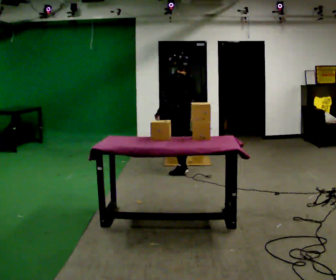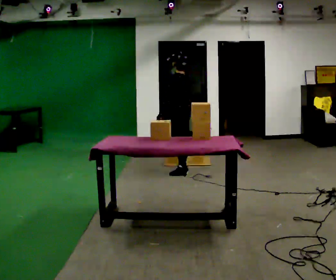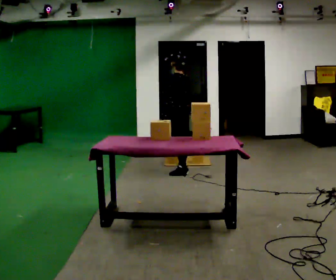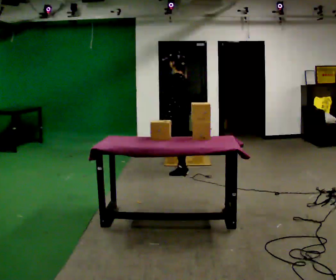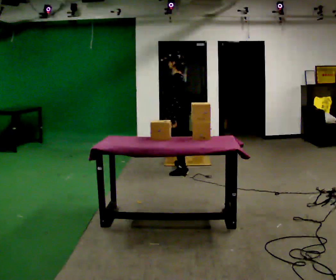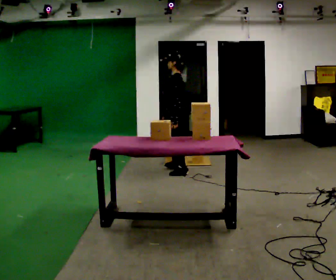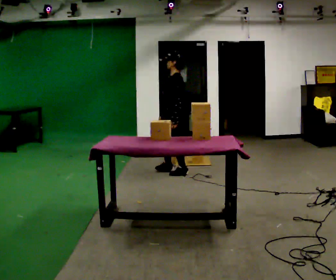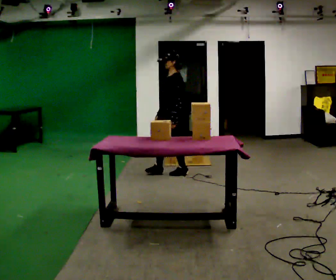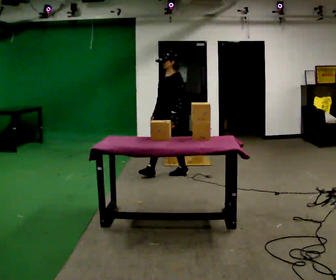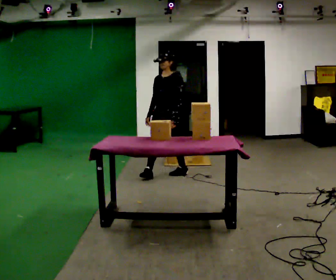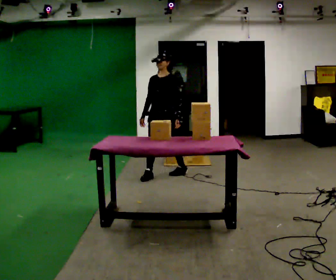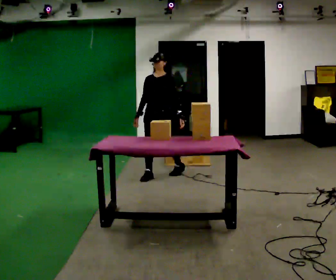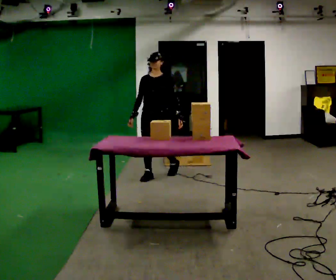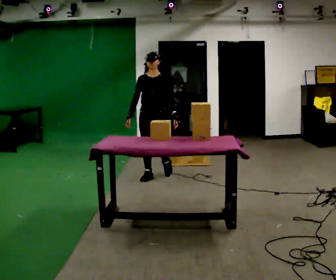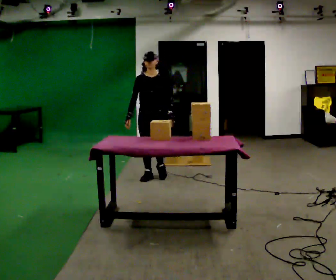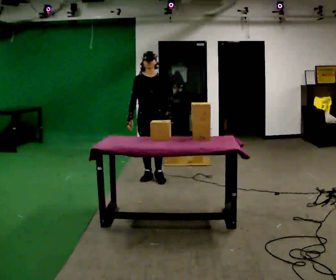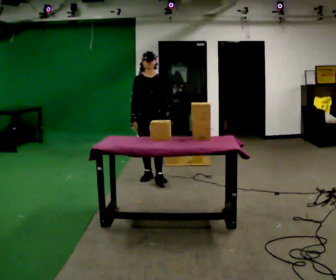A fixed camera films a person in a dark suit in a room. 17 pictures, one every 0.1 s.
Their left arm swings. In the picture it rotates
counterclockwise.
The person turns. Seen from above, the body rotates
counterclockwise.
0.0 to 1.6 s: The person turns about 150 degrees to their left, counterclockwise seen from above, so the part of the body nearest the lens slides to the right. In the picture they go toward the camera and to the left, about 0.75 m in 1 step.
The film runs forward here.
